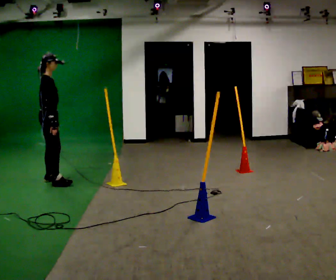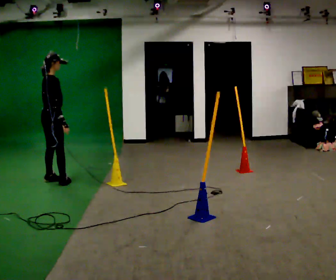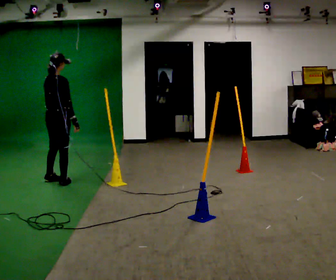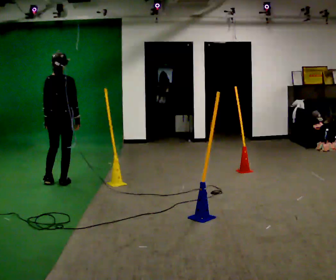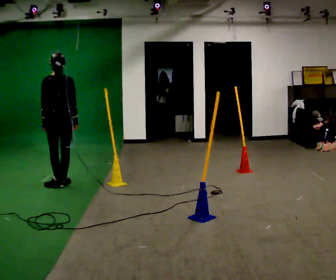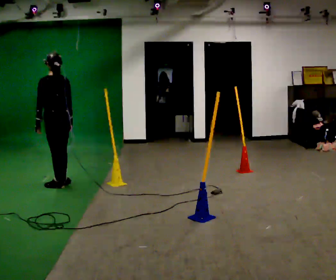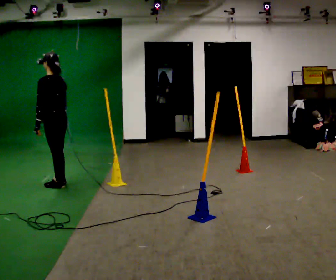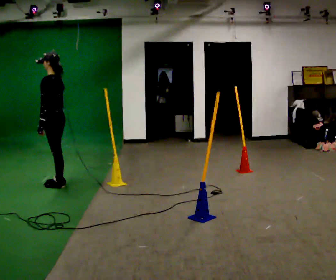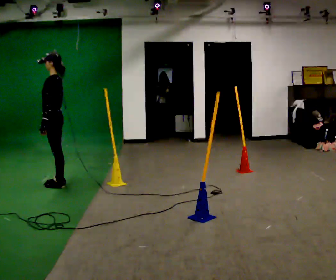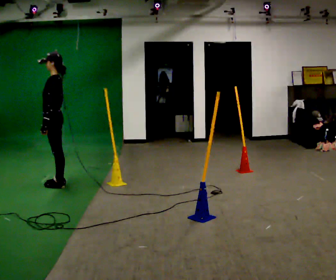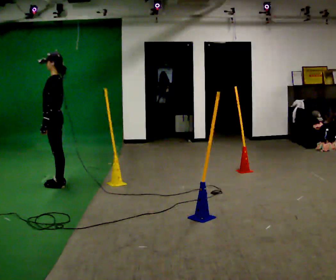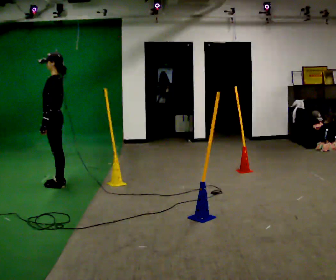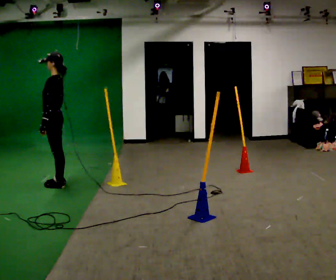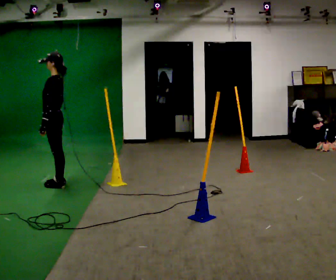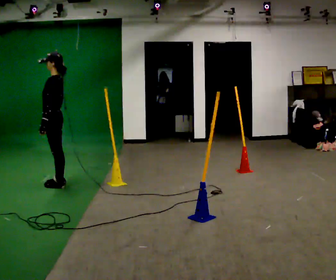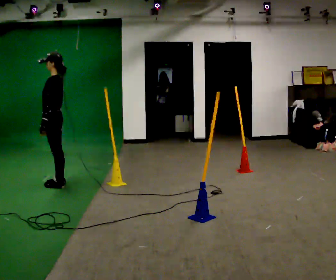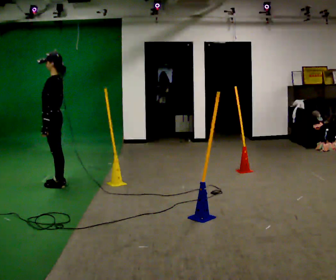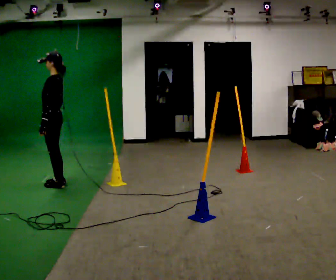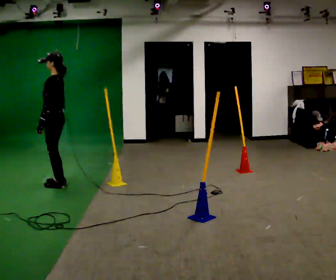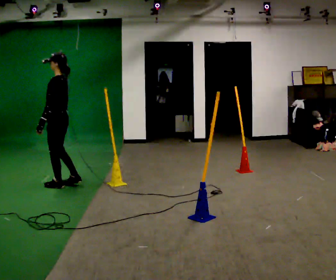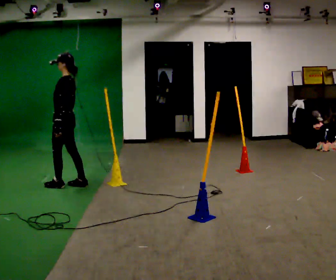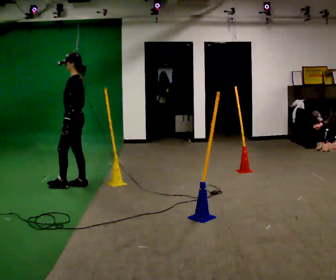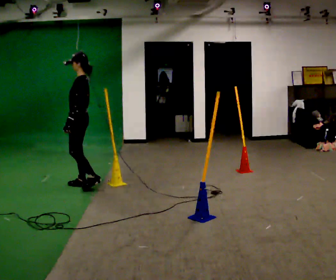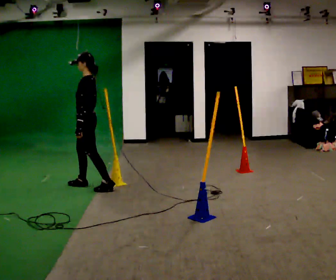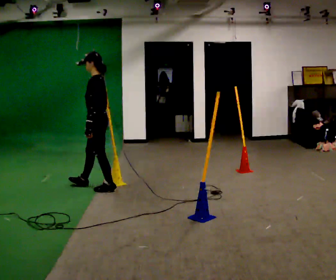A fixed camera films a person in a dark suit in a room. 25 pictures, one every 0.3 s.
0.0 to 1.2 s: The person turns about 105 degrees to their left, counterclockwise seen from above, so the part of the body nearest the lens slides to the right. In the picture they go toward the camera and to the right, about 0.25 m in 1 step.
1.2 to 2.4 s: The part of the body nearest the lens slides to the right as the person turns to their left by about 75 degrees. In the picture their right hand goes to the left.
2.4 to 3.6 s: The person moves a little, or ends about where they began.
3.6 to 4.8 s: The person keeps their place and pose.
4.8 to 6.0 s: The person moves a little, or ends about where they began.
6.0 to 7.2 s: In the picture they go to the right and toward the camera, about 0.5 m in 1 step, which for them is backward.
The film runs backward here.
